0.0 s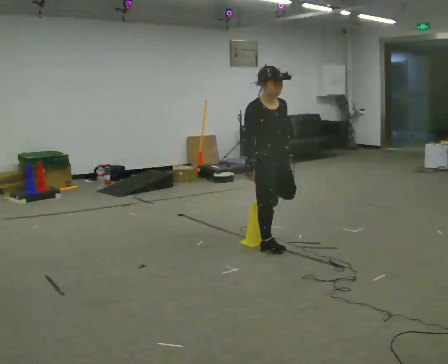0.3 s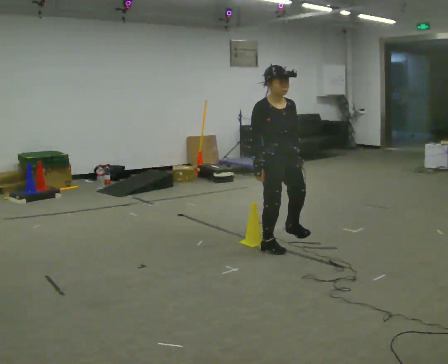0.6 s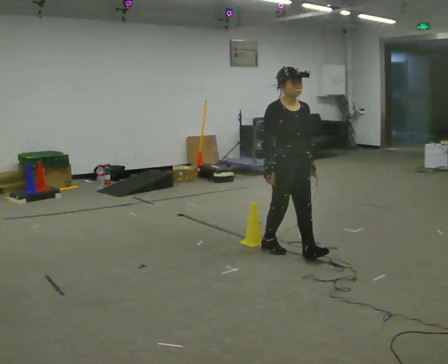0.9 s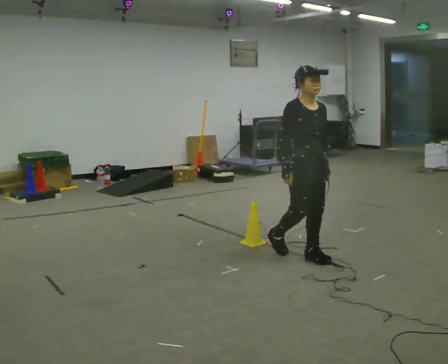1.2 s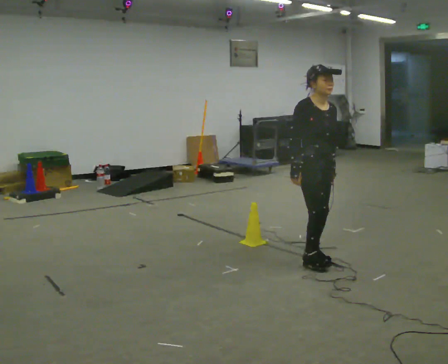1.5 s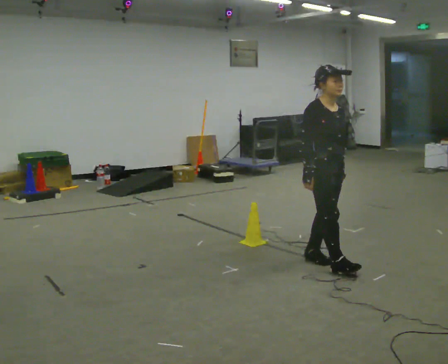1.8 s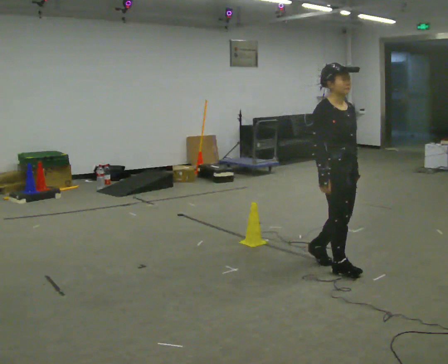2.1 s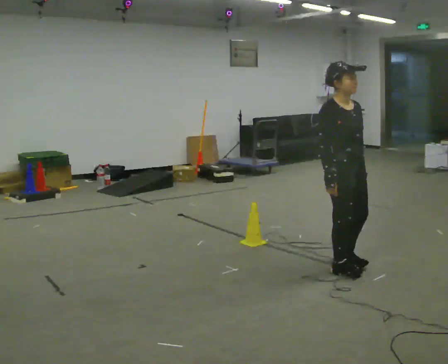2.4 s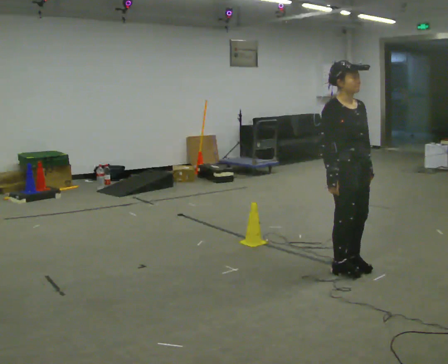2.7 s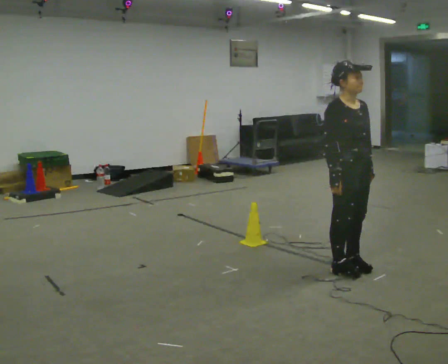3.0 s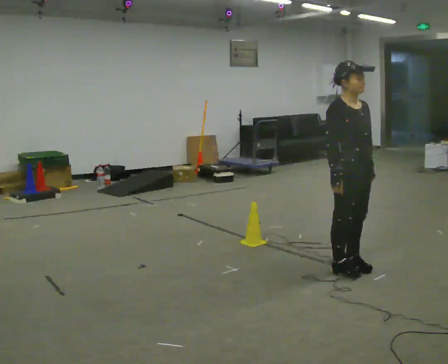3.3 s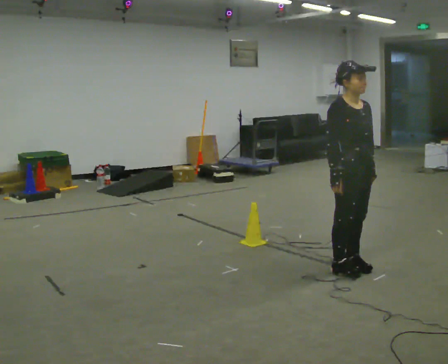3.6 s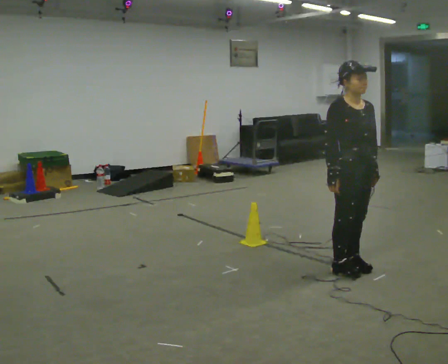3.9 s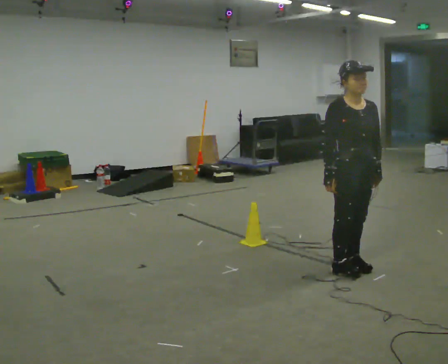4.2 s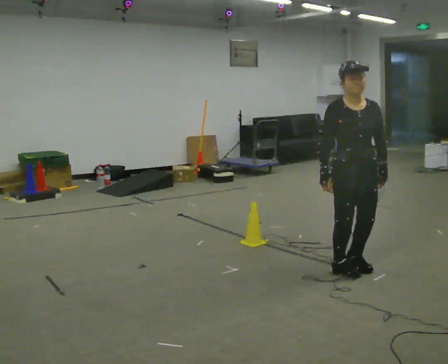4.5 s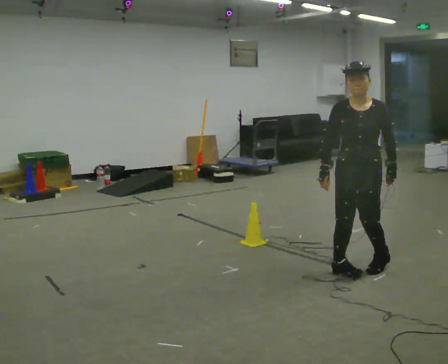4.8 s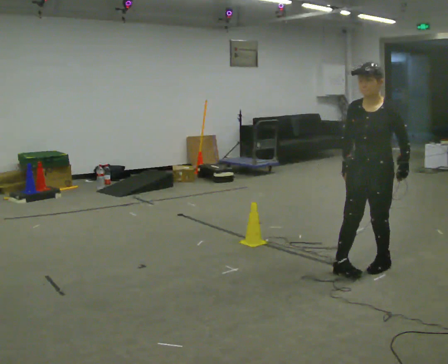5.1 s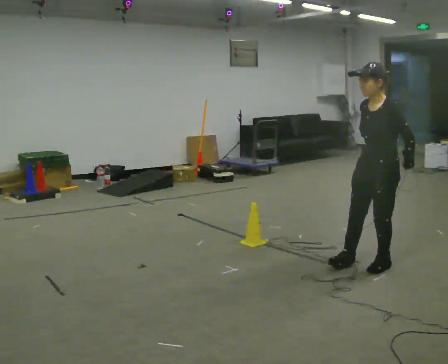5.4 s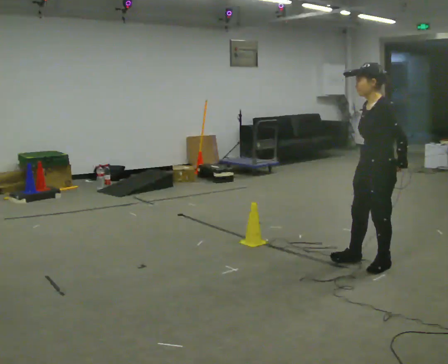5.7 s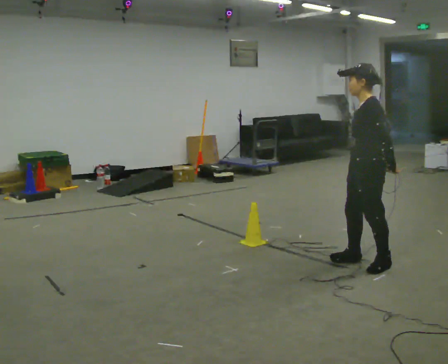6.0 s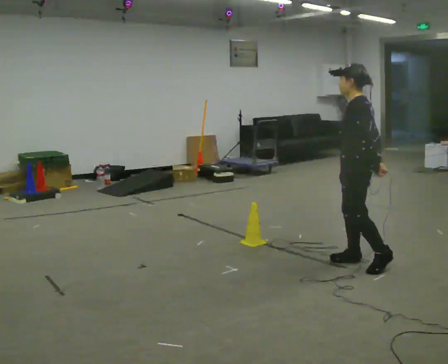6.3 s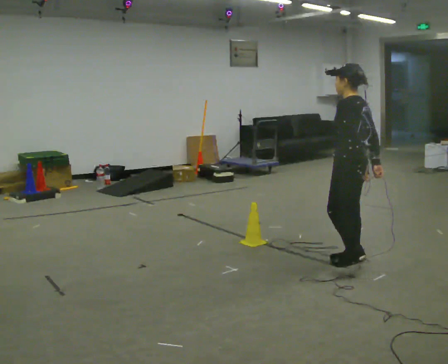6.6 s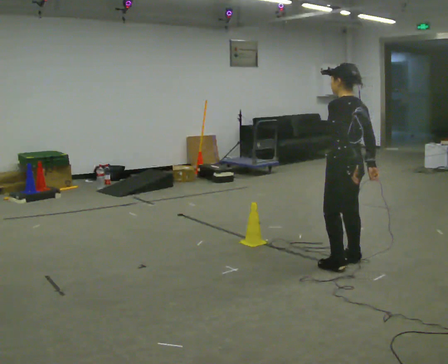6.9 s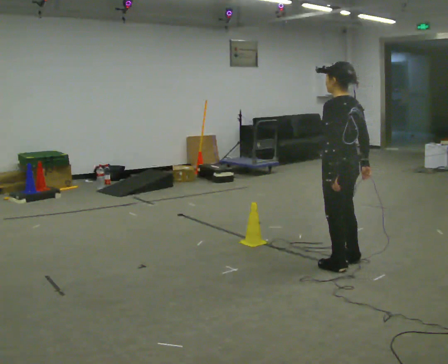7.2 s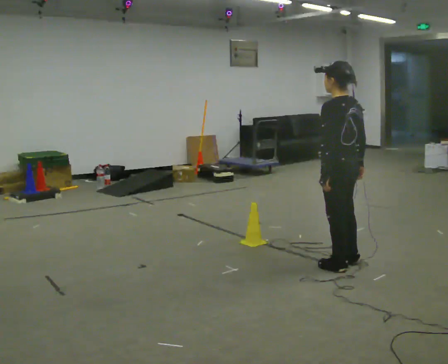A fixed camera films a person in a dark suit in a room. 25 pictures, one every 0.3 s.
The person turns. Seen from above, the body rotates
clockwise.
The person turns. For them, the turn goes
to their right.
0.0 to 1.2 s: In the picture they go to the right and toward the camera, about 0.5 m in 1 step, which for them is forward.
1.2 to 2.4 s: In the picture they go to the right and toward the camera, about 0.25 m in 2 steps, which for them is forward.
2.4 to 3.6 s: The person moves a little, or ends about where they began.
3.6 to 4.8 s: The part of the body nearest the lens slides to the left as the person turns to their right by about 75 degrees. In the picture they go to the right, about 0.25 m in 1 step.
4.8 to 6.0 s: The part of the body nearest the lens slides to the left as the person turns to their right by about 75 degrees.
6.0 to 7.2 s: Seen from above the body turns clockwise, about 30 degrees: to their right, with its near side sliding to the left. In the picture their left hand goes to the left.
The film runs forward here.
